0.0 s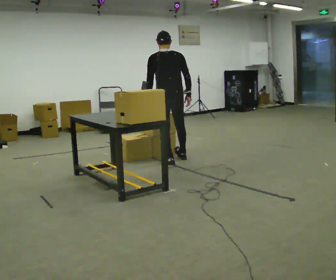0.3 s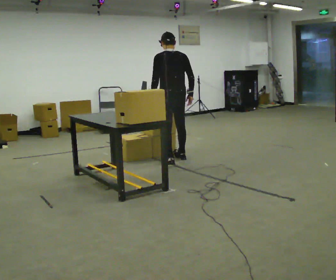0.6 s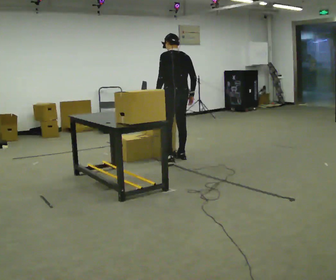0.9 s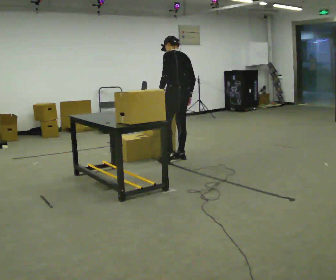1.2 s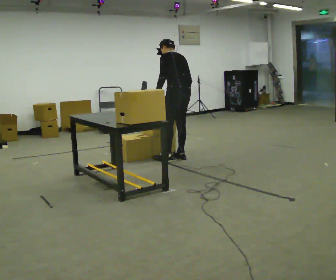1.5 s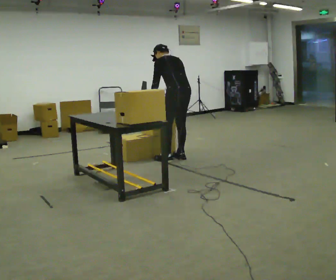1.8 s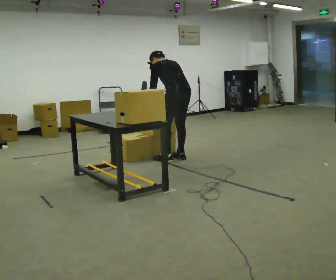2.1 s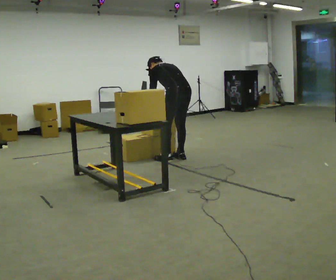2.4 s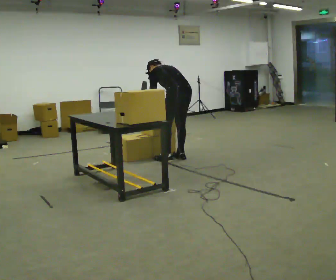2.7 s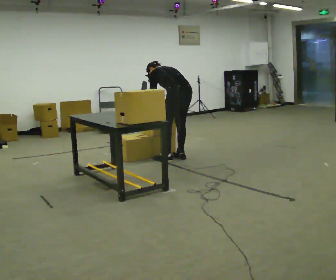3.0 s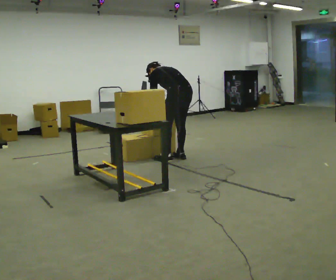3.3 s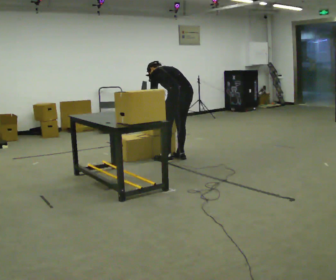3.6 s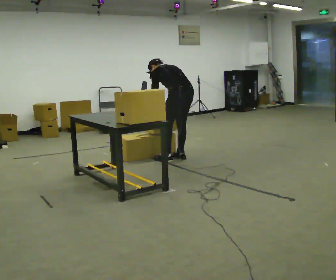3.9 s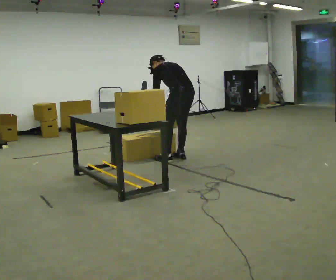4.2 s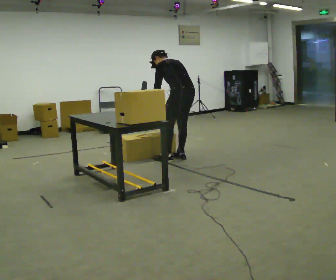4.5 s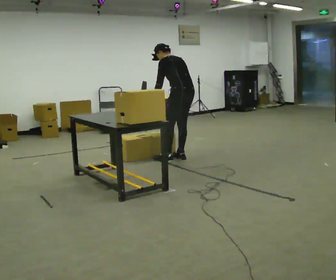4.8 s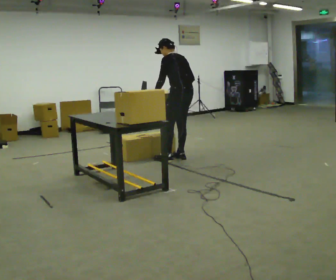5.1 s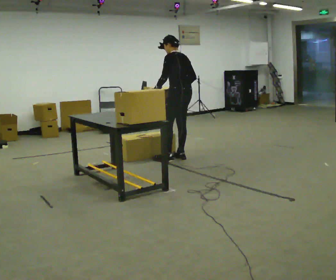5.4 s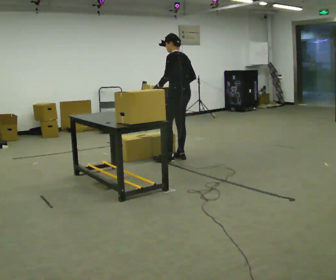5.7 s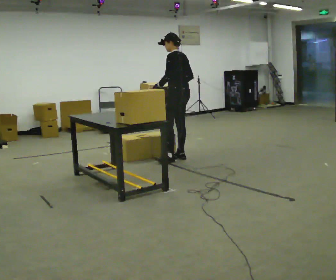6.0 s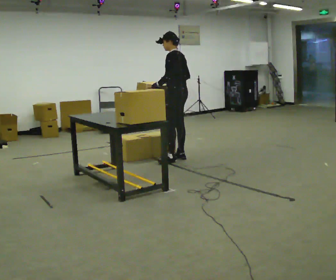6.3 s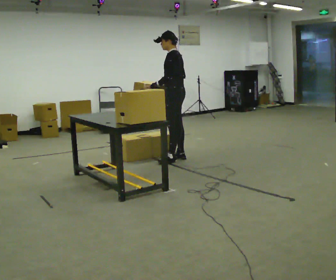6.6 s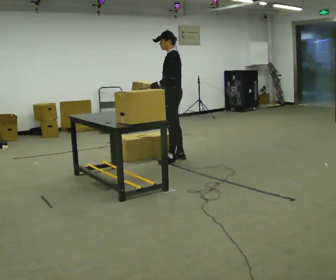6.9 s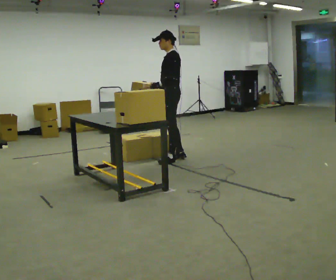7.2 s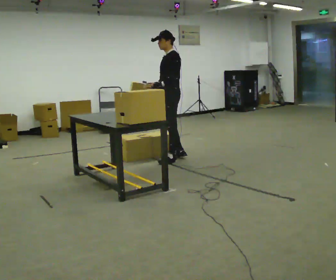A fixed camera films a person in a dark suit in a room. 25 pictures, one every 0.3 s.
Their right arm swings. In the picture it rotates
clockwise.
The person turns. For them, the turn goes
to their left.
0.0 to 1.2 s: Seen from above the body turns counterclockwise, about 30 degrees: to their left, with its near side sliding to the right. In the picture they go away from the camera, about 0.25 m in 1 step, which for them is to their right. The upper body tips away from the camera, its near side rolling upward, as they bend forward.
1.2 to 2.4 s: The upper body goes downward. The upper body tips away from the camera, its near side rolling upward, as they bend forward.
2.4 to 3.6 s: The person moves a little, or ends about where they began.
3.6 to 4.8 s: The upper body tips toward the camera, its near side rolling downward, as they lean back or straighten.
4.8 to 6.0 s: The person moves a little, or ends about where they began.
6.0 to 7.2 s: The part of the body nearest the lens slides to the right as the person turns to their left by about 30 degrees.
The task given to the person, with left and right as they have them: Pick the fragile object up and set it back down as gently as you can. Repeat at your own pace until the operator says stop. Keep both feet on the marked spots for the whole take. If you have to step, stop and tell the operator.
The film runs forward here.
